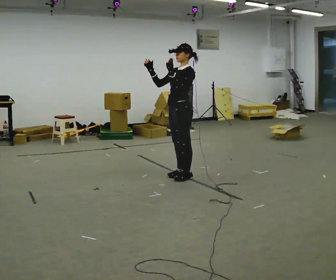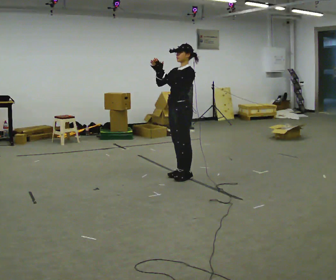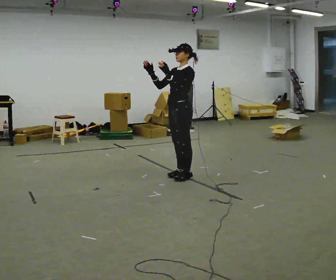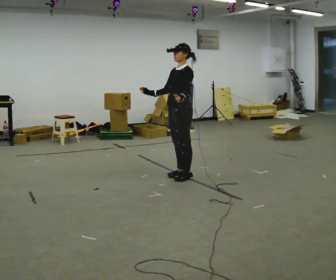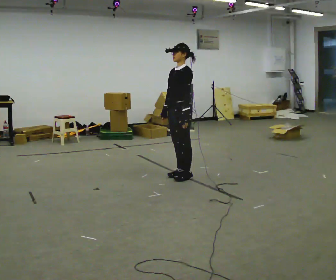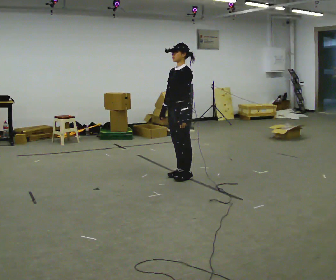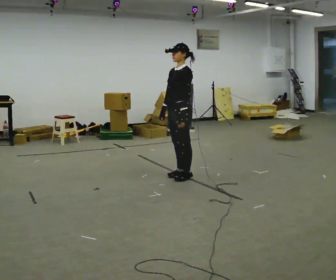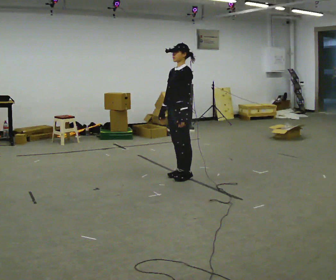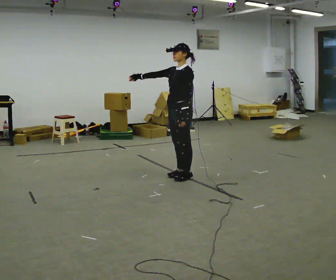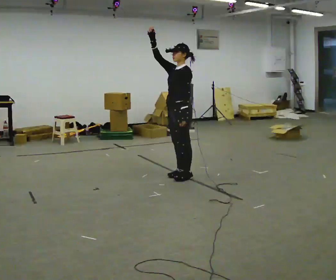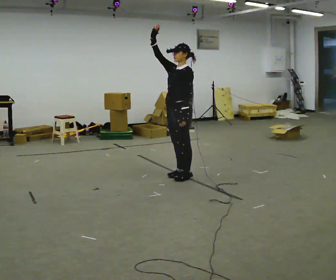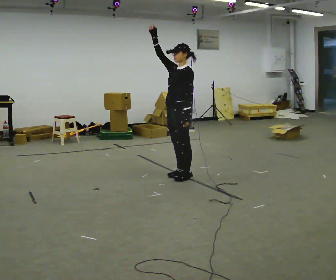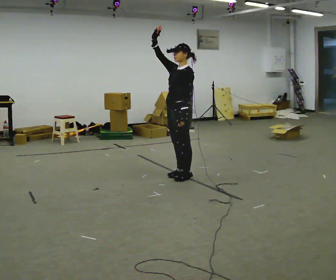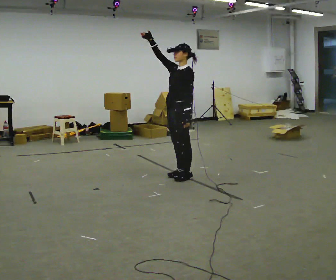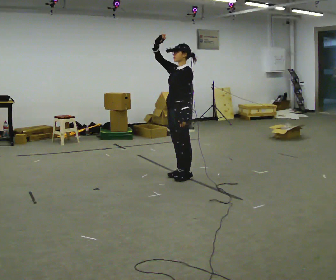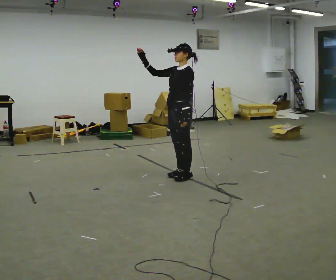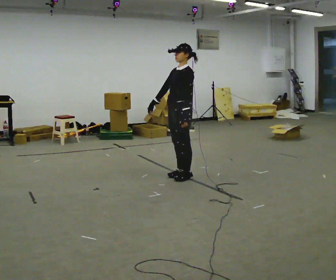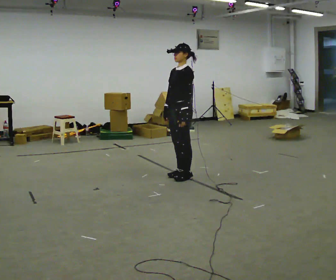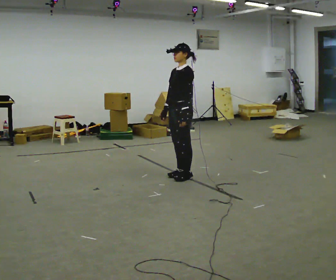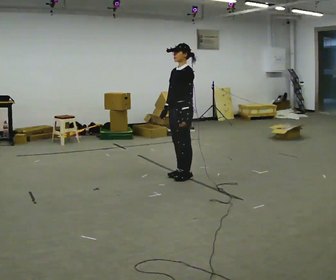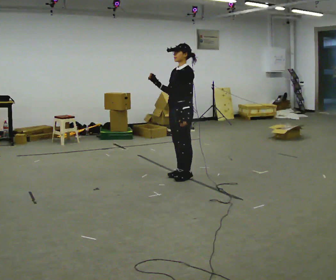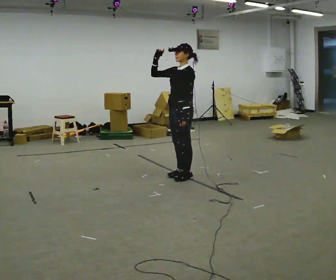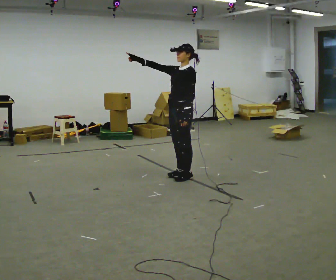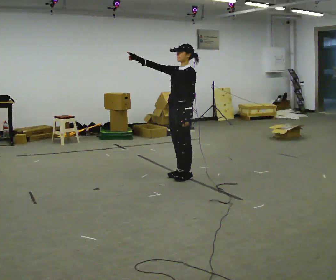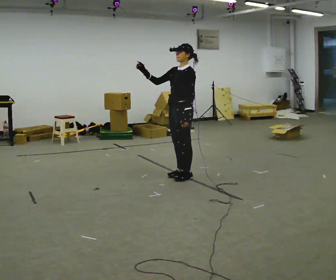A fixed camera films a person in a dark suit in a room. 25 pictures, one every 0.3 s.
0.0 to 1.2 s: In the picture their right hand goes downward.
1.2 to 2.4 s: In the picture their right hand goes upward and to the left, the arm swinging clockwise.
2.4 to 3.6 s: In the picture their right hand goes upward.
3.6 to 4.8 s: In the picture their right hand goes downward, the arm swinging counterclockwise.
4.8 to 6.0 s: In the picture their right hand goes upward.
6.0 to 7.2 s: The person moves a little, or ends about where they began.
The film runs forward here.
